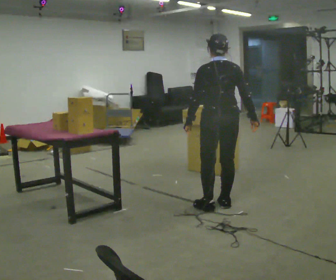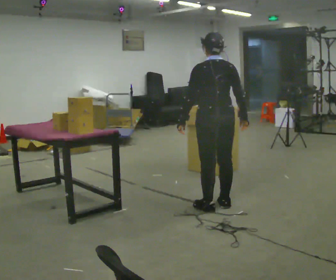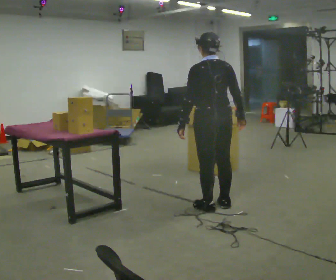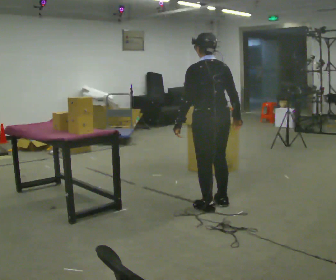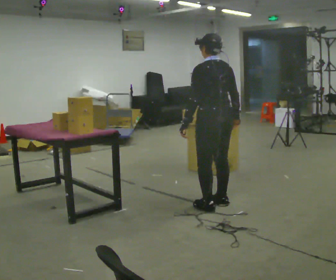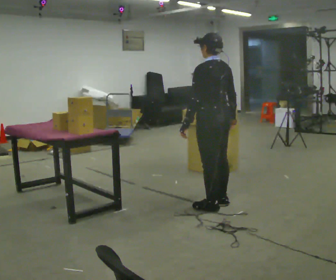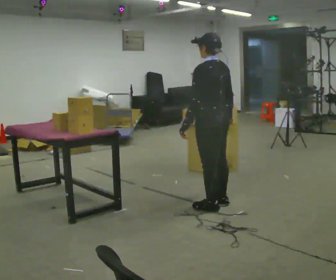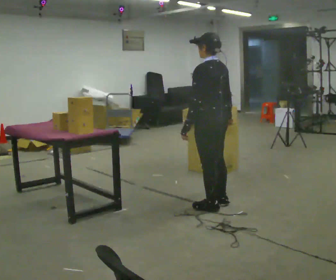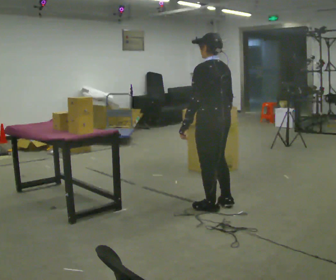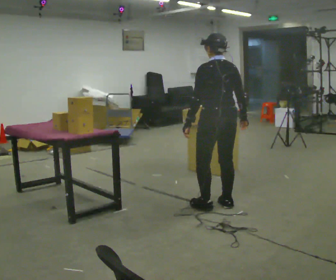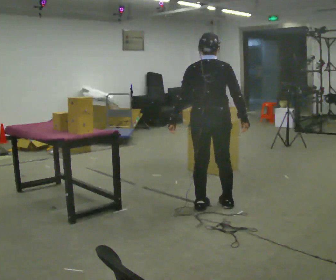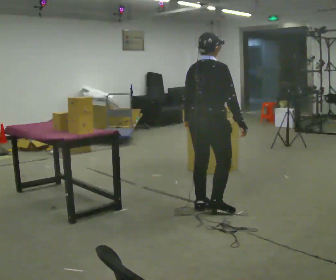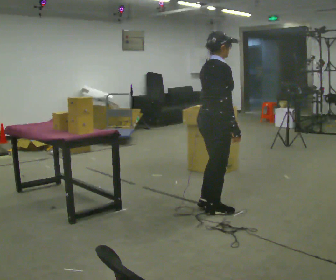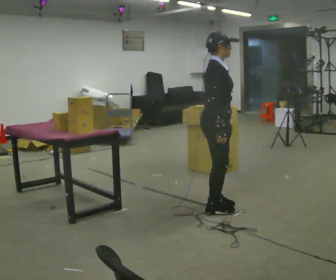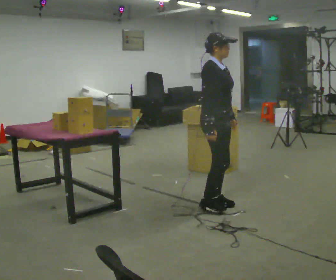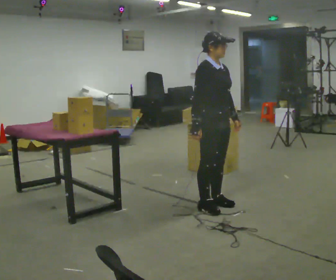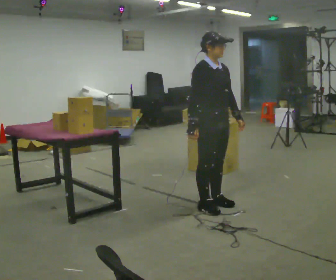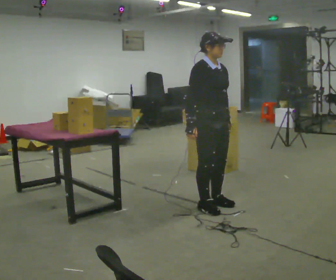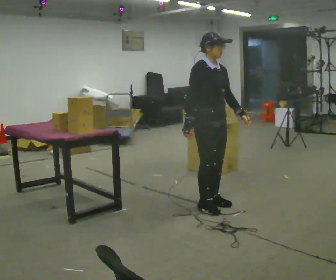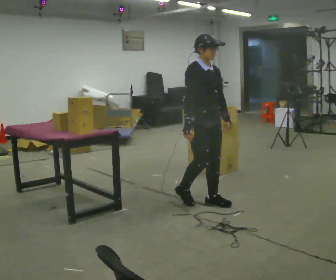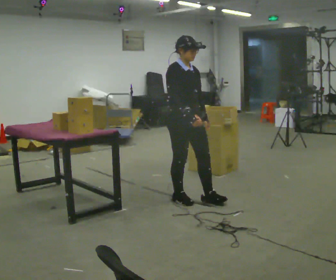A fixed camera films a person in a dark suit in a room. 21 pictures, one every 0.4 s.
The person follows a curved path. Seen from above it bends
clockwise.
0.0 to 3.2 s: The person turns about 30 degrees to their left, counterclockwise seen from above, so the part of the body nearest the lens slides to the right.
3.2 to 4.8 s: The part of the body nearest the lens slides to the left as the person turns to their right by about 120 degrees.
4.8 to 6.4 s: Seen from above the body turns clockwise, about 60 degrees: to their right, with its near side sliding to the left. In the picture their left hand goes to the right.
6.4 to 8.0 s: In the picture they go to the left and away from the camera, about 0.25 m in 2 steps, which for them is backward.
The film runs backward here.
